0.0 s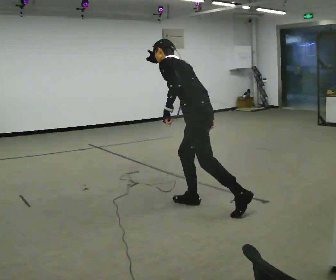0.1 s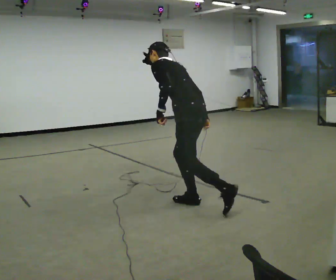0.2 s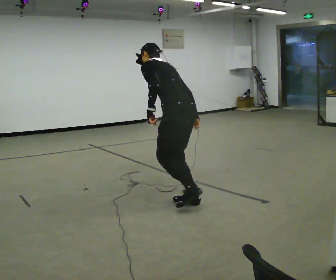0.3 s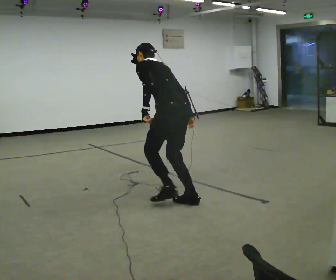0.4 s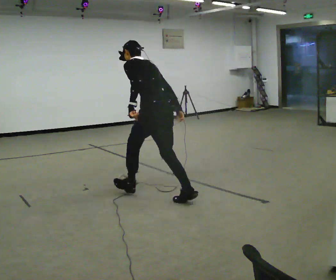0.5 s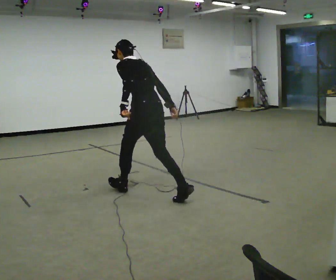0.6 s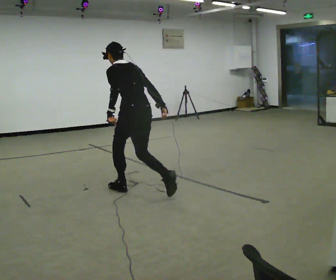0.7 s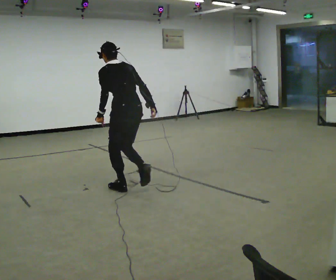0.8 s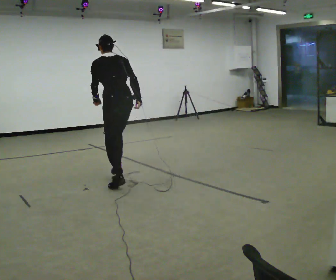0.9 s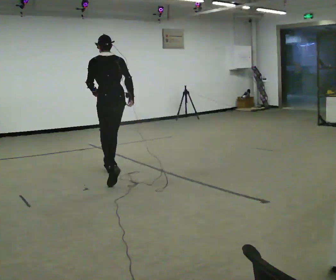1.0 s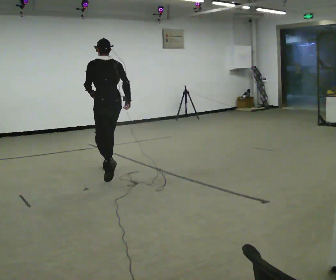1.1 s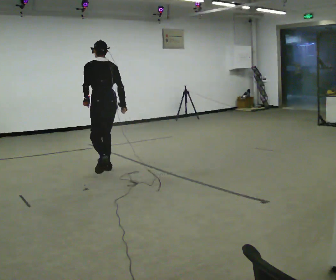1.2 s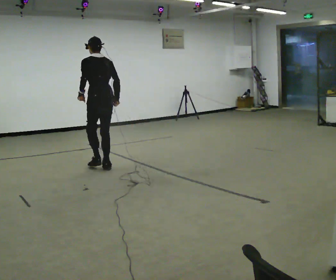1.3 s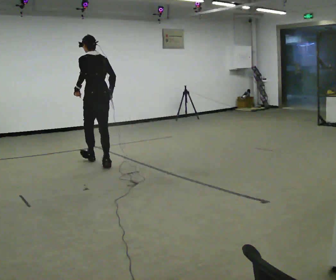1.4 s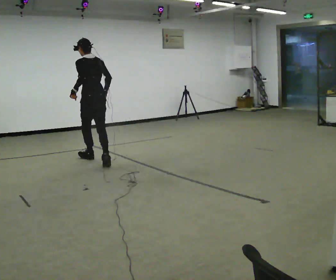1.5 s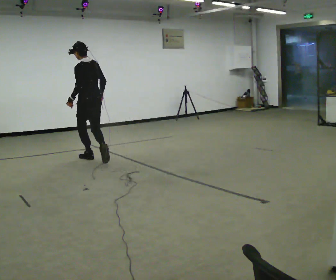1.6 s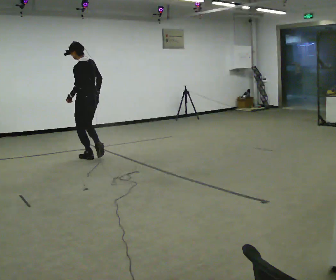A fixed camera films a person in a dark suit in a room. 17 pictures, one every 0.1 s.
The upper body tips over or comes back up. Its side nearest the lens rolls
downward.
The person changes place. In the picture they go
away from the camera.
0.0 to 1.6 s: In the picture they go away from the camera and to the left, about 2.5 m in 3 steps, which for them is forward. The upper body tips toward the camera, its near side rolling downward, as they lean back or straighten.
The film runs forward here.
